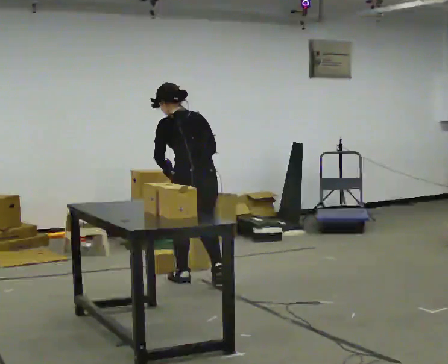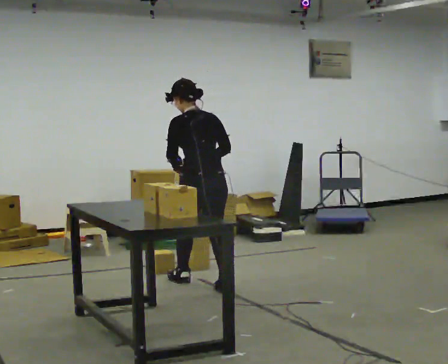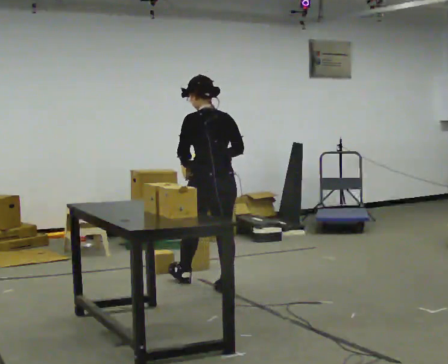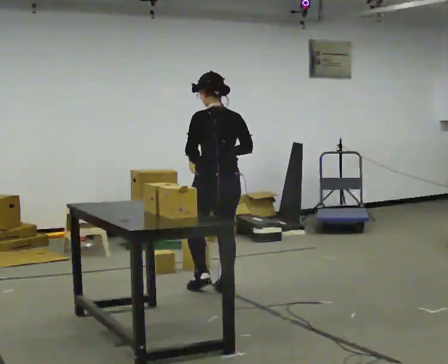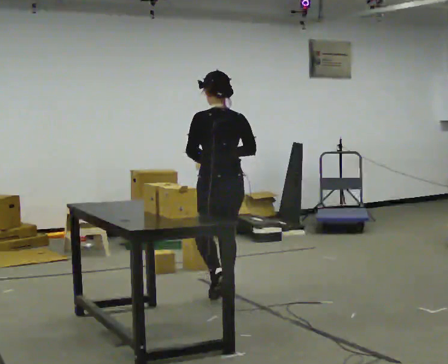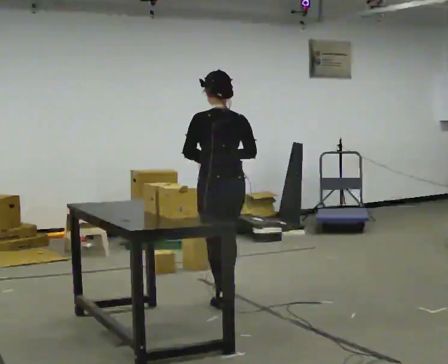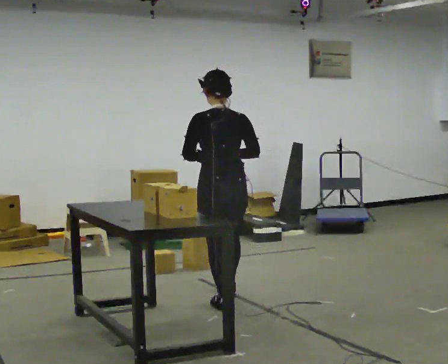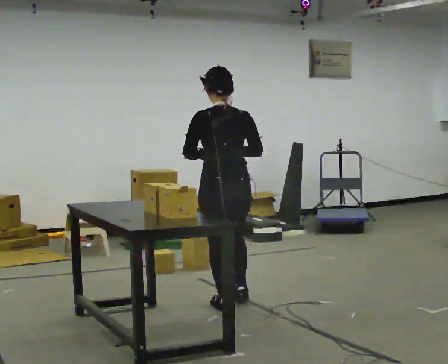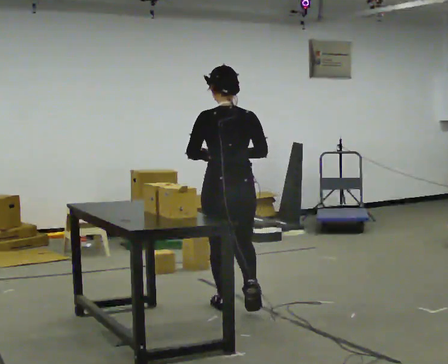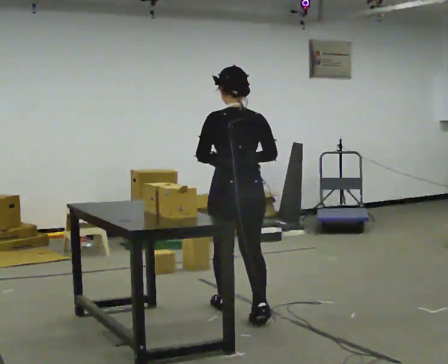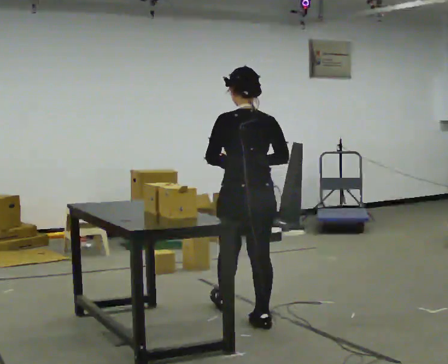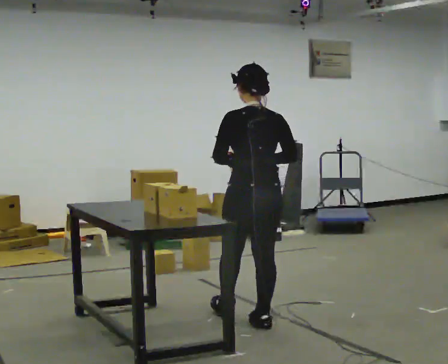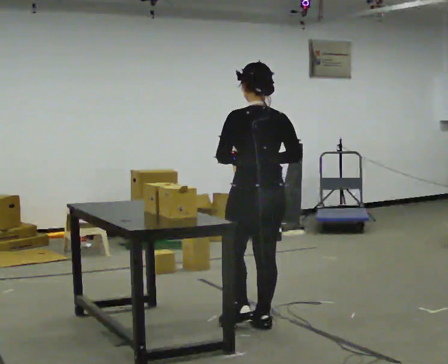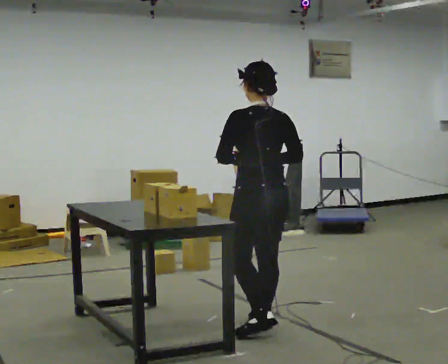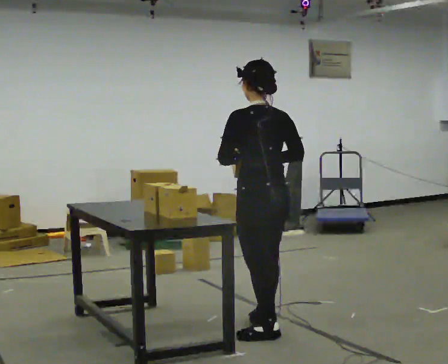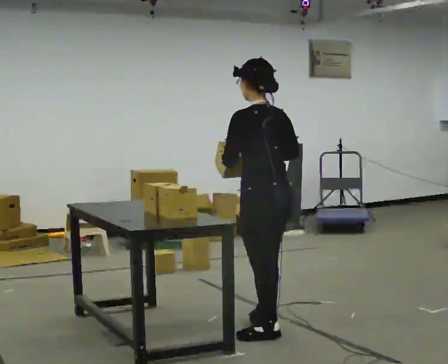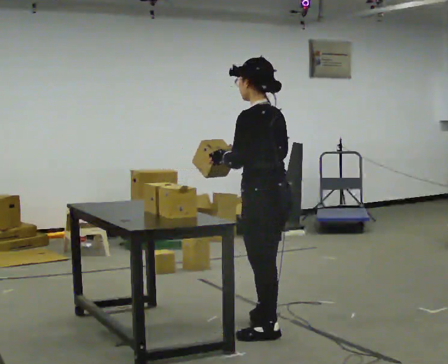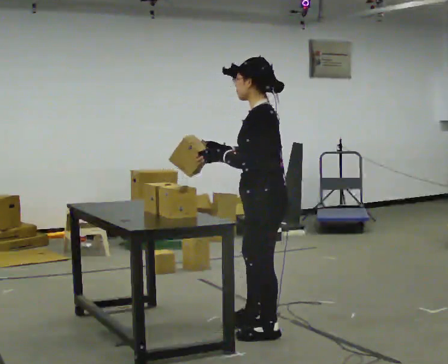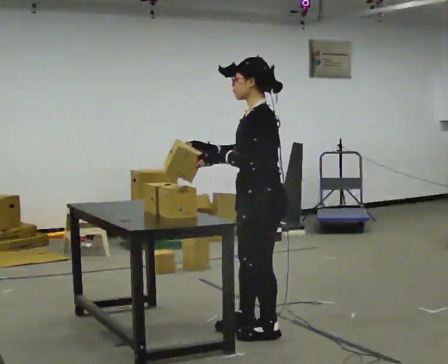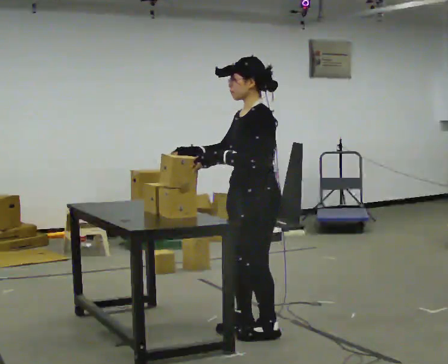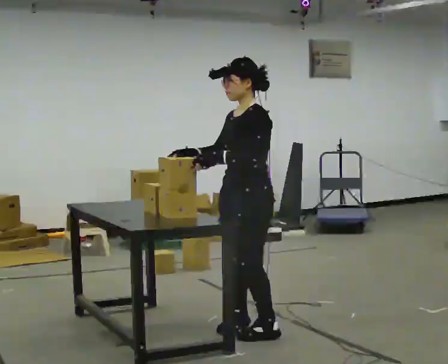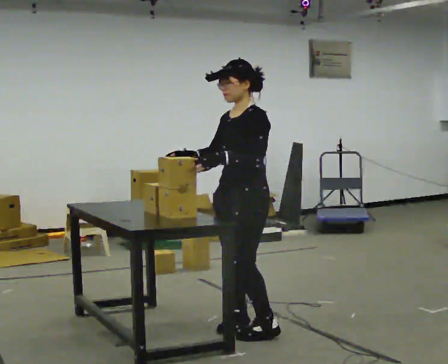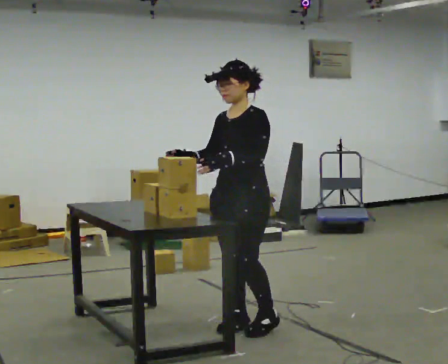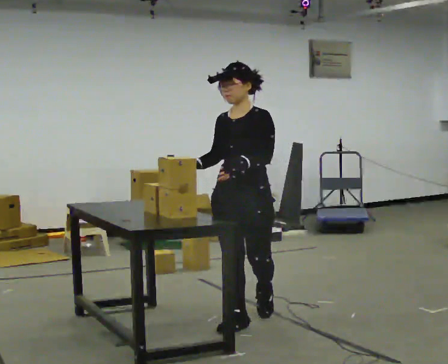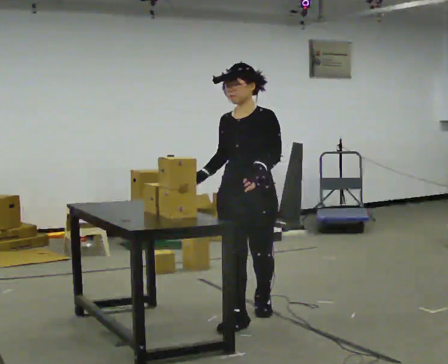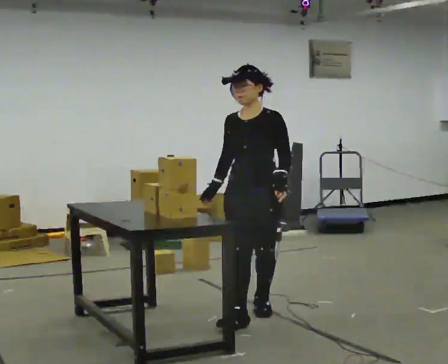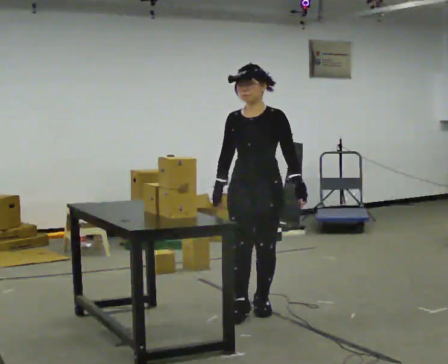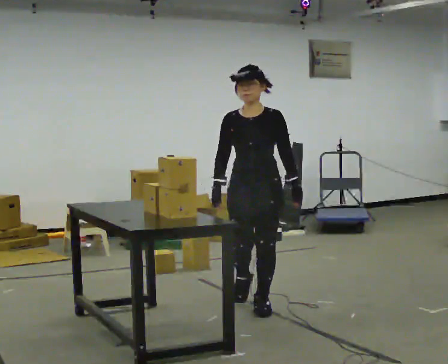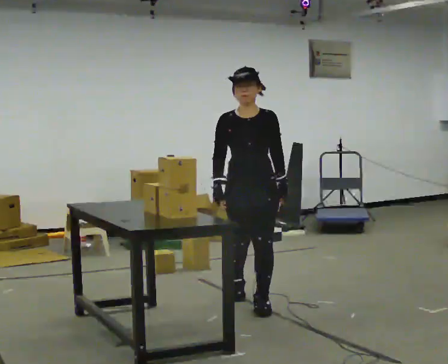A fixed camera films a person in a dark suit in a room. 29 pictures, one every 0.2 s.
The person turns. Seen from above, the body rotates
counterclockwise.
The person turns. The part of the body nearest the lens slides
to the right.
0.0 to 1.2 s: In the picture they go toward the camera and to the right, about 0.5 m in 2 steps, which for them is backward.
1.2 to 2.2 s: In the picture they go toward the camera and to the right, about 0.5 m in 1 step, which for them is backward.
2.2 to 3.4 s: The part of the body nearest the lens slides to the right as the person turns to their left by about 60 degrees. In the picture they go toward the camera, about 0.25 m.
3.4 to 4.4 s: The part of the body nearest the lens slides to the right as the person turns to their left by about 60 degrees. In the picture they go away from the camera and to the left, about 0.25 m in 1 step.
4.4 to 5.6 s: The part of the body nearest the lens slides to the right as the person turns to their left by about 30 degrees. In the picture they go away from the camera, about 0.5 m in 1 step, which for them is backward.
The film runs backward here.
